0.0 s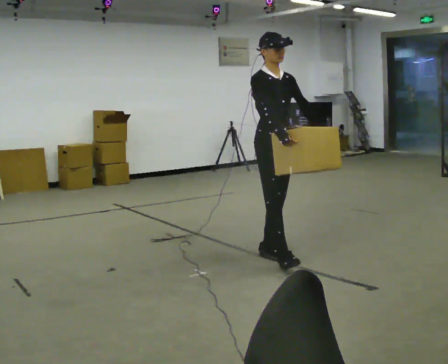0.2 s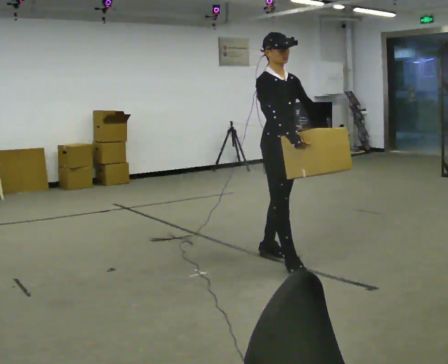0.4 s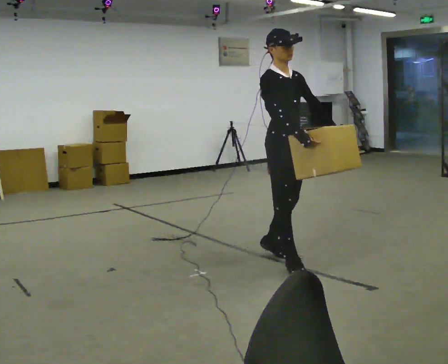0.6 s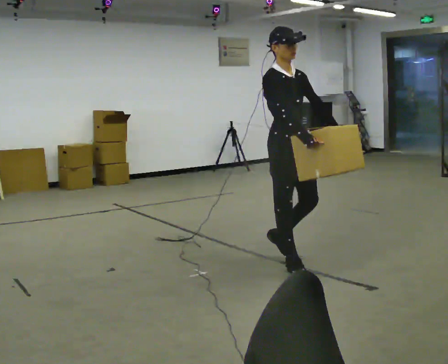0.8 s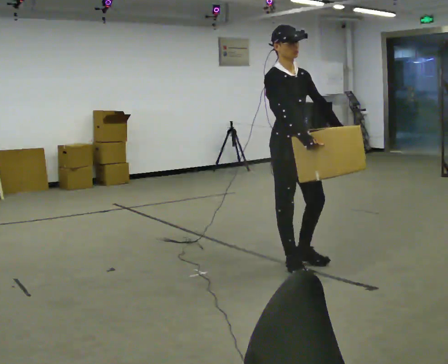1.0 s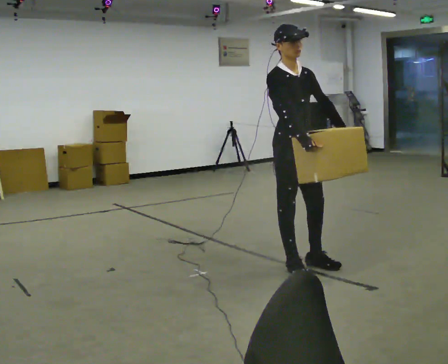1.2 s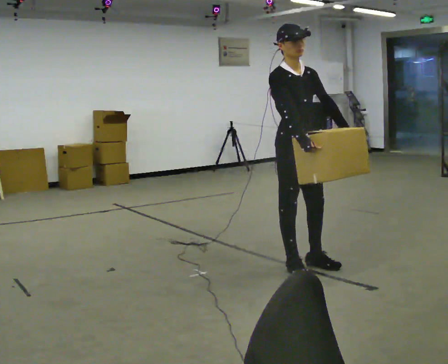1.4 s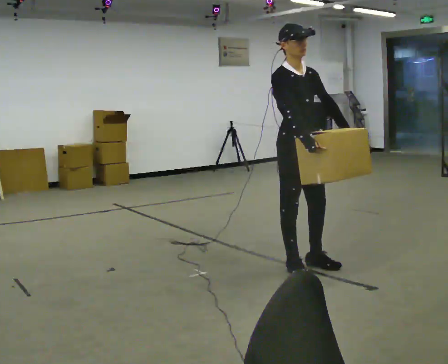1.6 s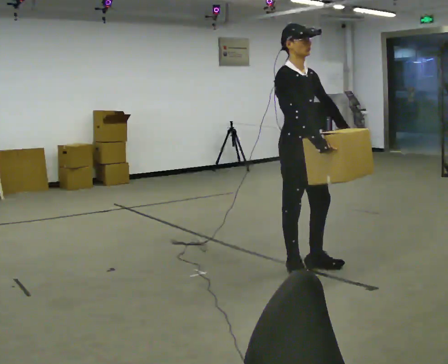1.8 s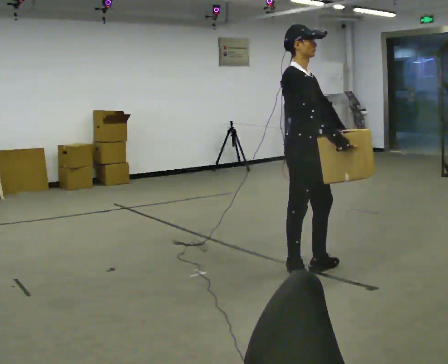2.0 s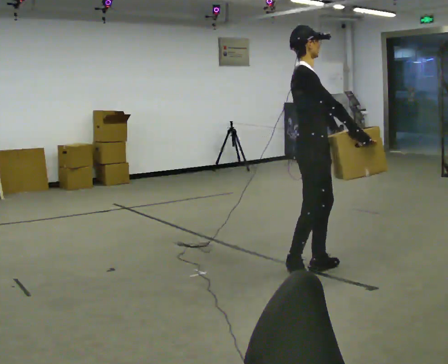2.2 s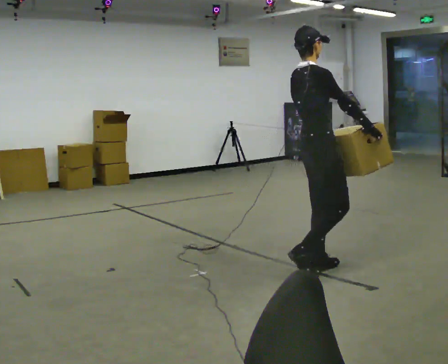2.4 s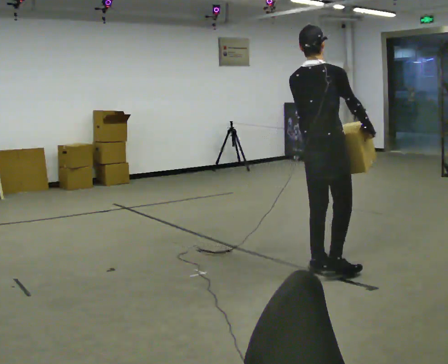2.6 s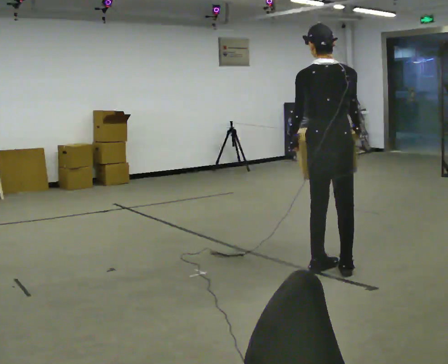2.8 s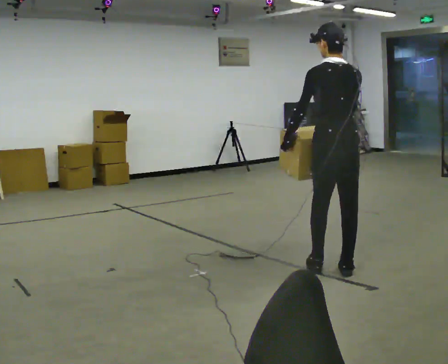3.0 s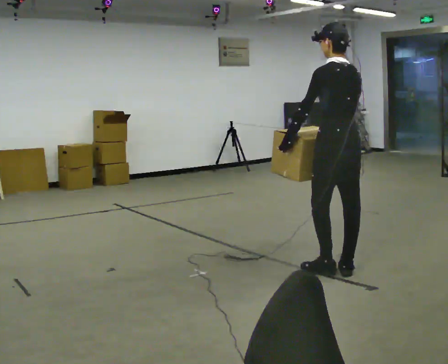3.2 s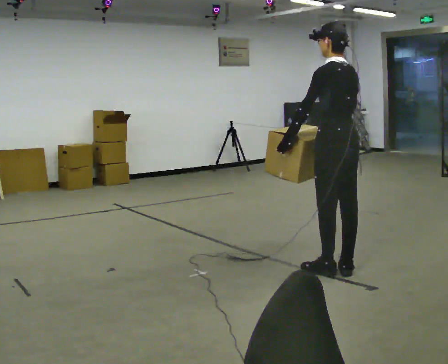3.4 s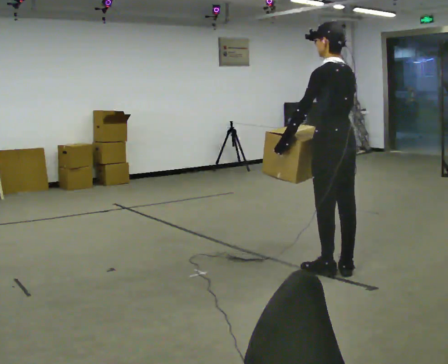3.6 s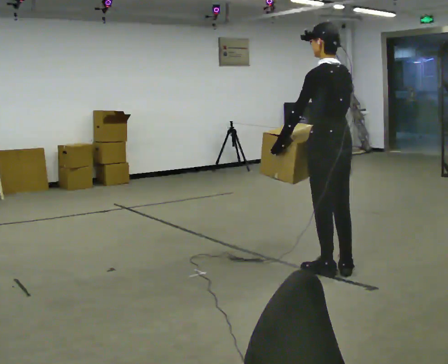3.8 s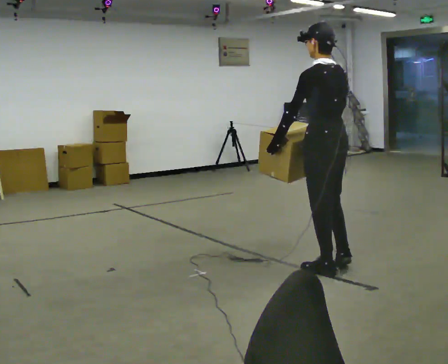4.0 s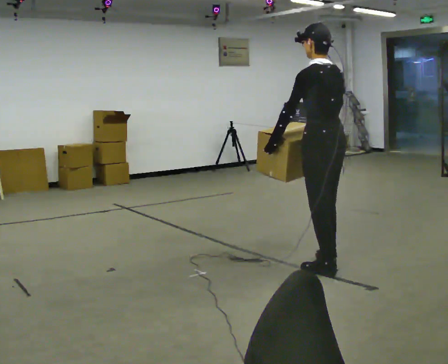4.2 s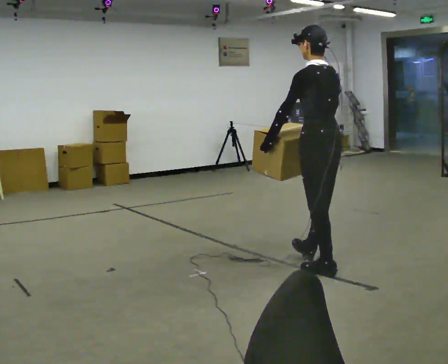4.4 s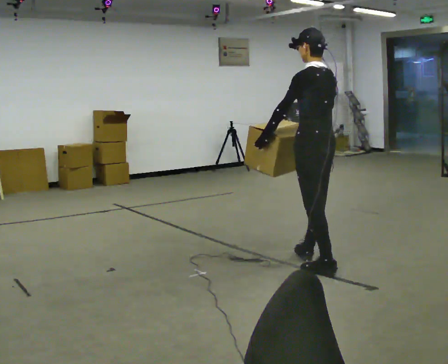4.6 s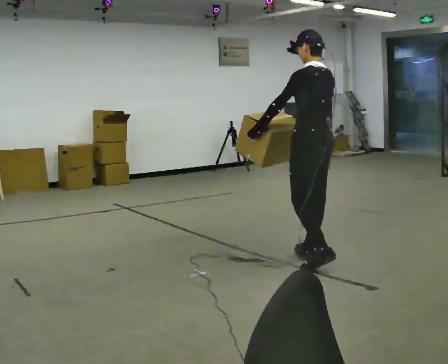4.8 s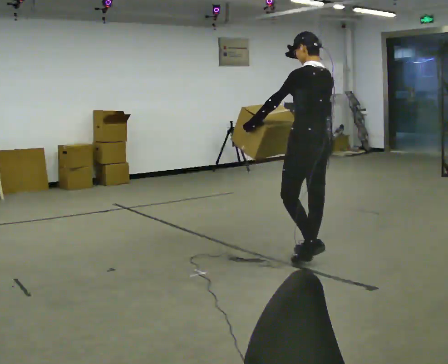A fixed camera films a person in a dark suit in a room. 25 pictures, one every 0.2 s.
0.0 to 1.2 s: In the picture they go toward the camera and to the right, about 0.25 m in 2 steps, which for them is forward and to their right.
1.2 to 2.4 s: Seen from above the body turns counterclockwise, about 105 degrees: to their left, with its near side sliding to the right. In the picture they go to the right, about 0.25 m in 1 step. In the picture their right hand goes to the right.
2.4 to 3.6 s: Seen from above the body turns counterclockwise, about 75 degrees: to their left, with its near side sliding to the right. In the picture their right hand goes to the left, the arm swinging clockwise.
3.6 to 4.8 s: In the picture they go away from the camera and to the left, about 0.25 m in 1 step, which for them is forward.
The film runs forward here.
